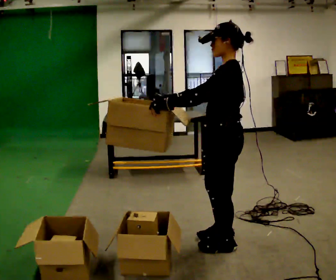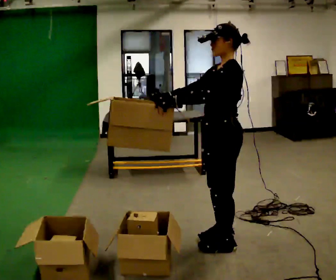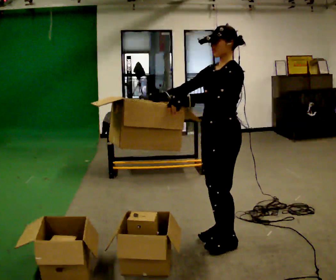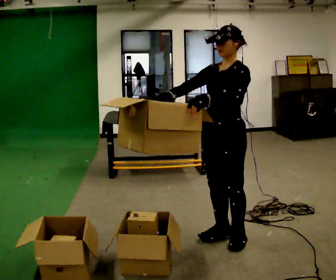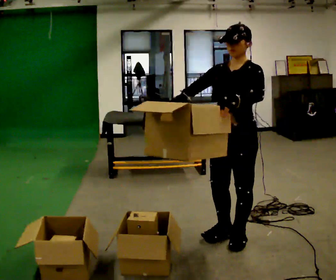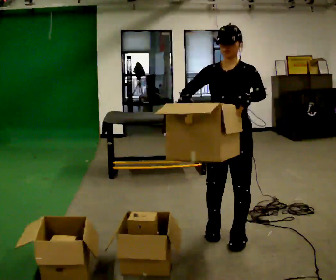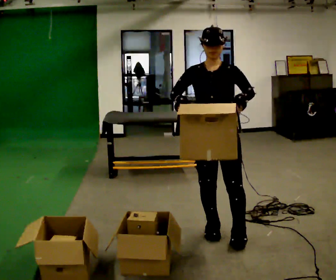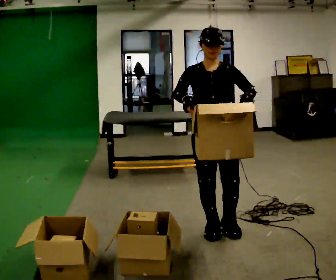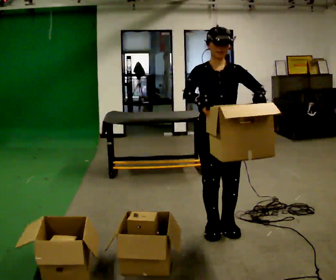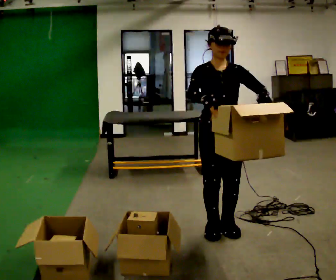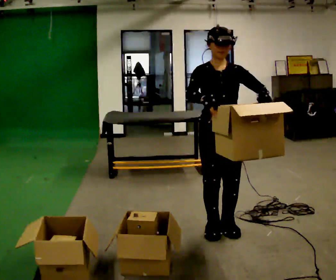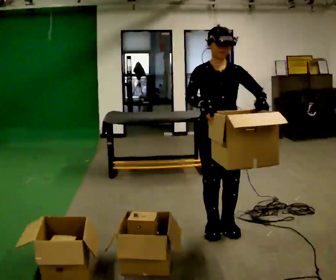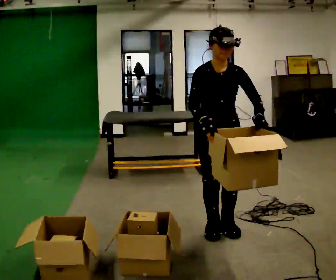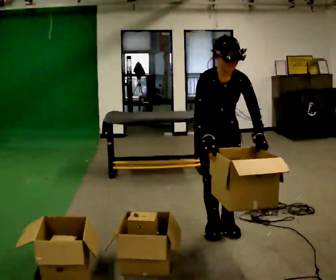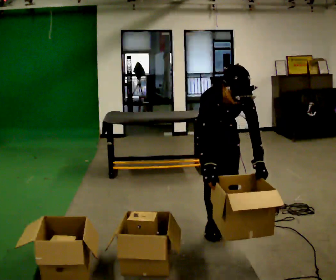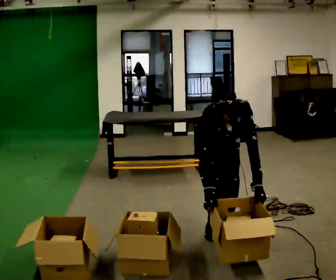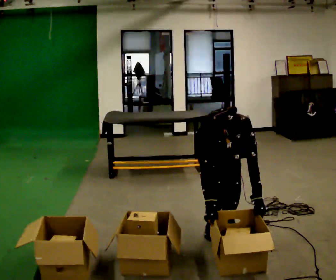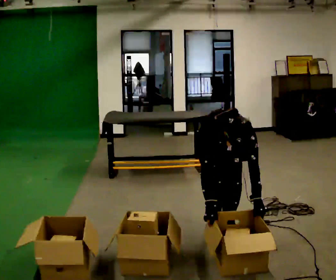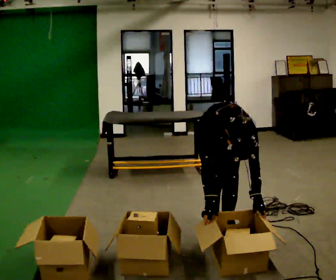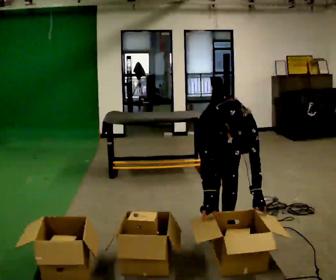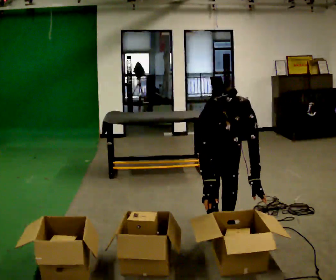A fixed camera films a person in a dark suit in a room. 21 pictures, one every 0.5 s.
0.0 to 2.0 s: Seen from above the body turns counterclockwise, about 60 degrees: to their left, with its near side sliding to the right.
2.0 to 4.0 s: The part of the body nearest the lens slides to the right as the person turns to their left by about 45 degrees.
4.0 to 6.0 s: The person moves a little, or ends about where they began.
6.0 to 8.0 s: The shoulders move downward. The upper body tips toward the camera, its near side rolling downward, as they bend forward. In the picture their right hand goes downward.
8.0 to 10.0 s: The person moves a little, or ends about where they began.
The film runs backward here.
